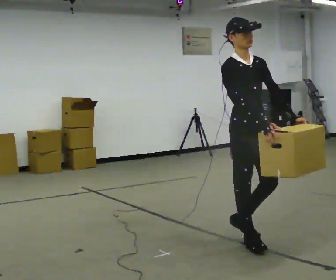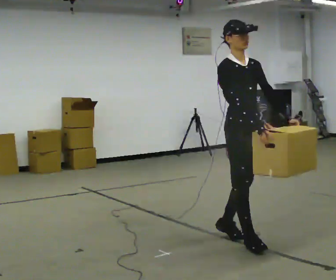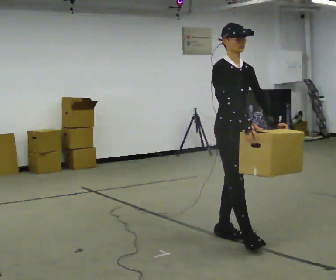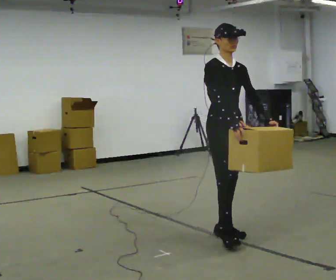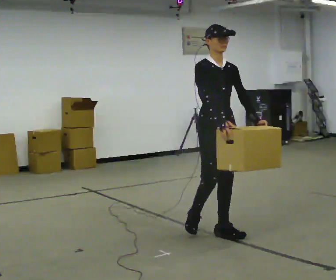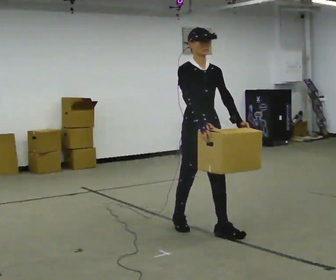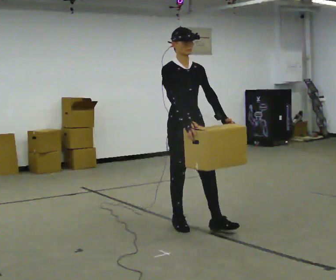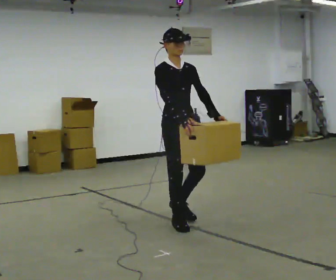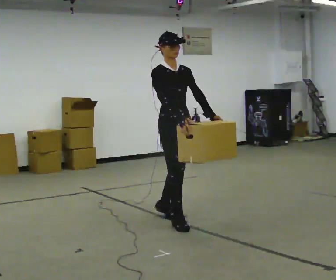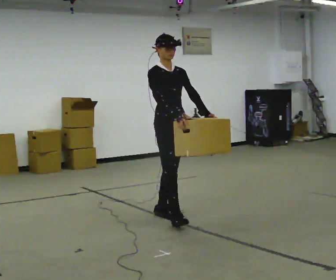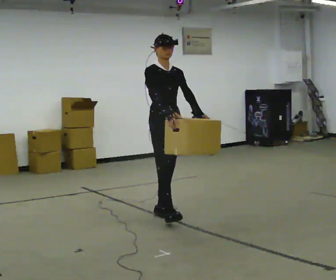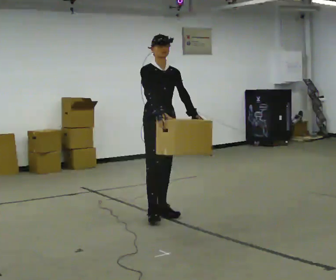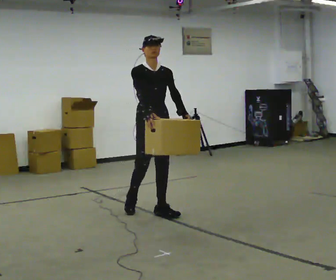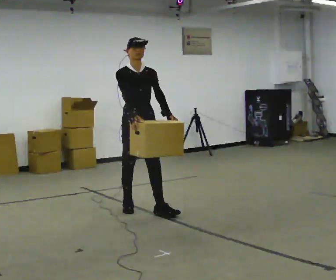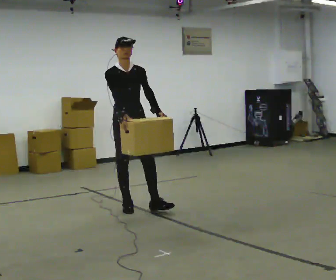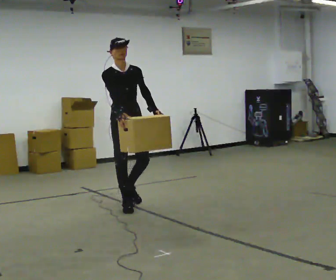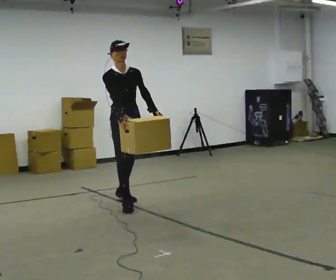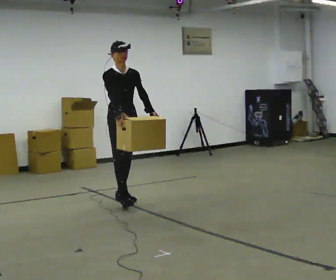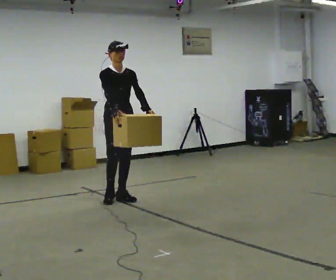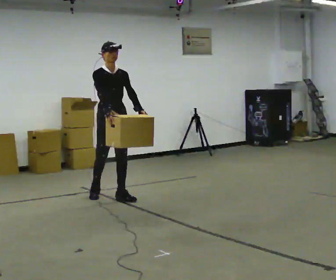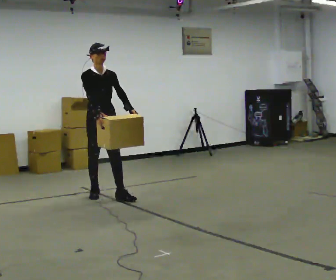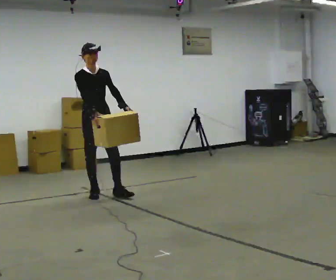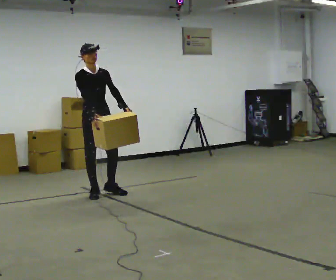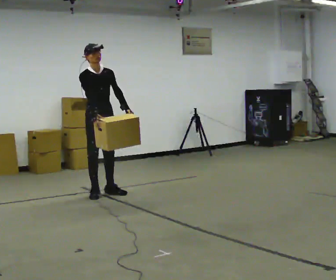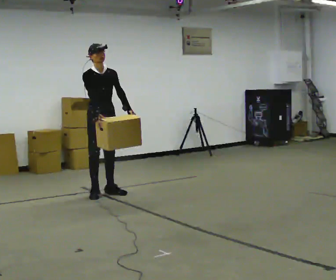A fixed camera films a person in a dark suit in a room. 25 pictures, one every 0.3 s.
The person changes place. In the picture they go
away from the camera.
0.0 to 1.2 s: In the picture they go away from the camera and to the left, about 0.5 m in 1 step, which for them is backward.
1.2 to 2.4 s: In the picture they go away from the camera and to the left, about 0.5 m in 1 step, which for them is backward.
2.4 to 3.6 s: In the picture they go away from the camera and to the left, about 0.5 m in 1 step, which for them is backward.
3.6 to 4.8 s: In the picture they go away from the camera and to the left, about 0.5 m in 1 step, which for them is backward.
4.8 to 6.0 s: In the picture they go away from the camera and to the left, about 0.5 m in 1 step, which for them is backward.
6.0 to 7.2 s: In the picture they go away from the camera, about 0.25 m in 1 step, which for them is backward.
The film runs backward here.
